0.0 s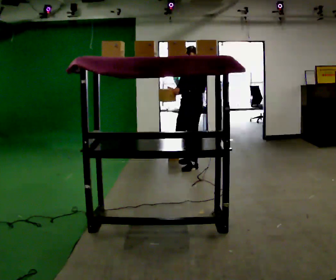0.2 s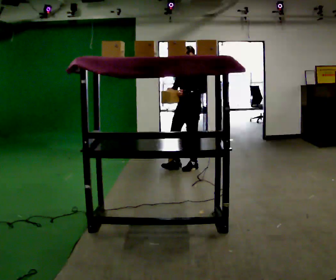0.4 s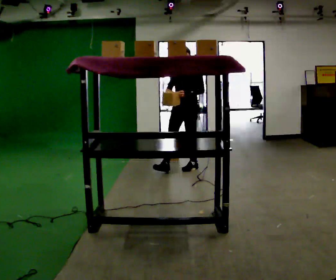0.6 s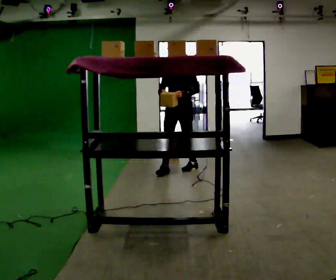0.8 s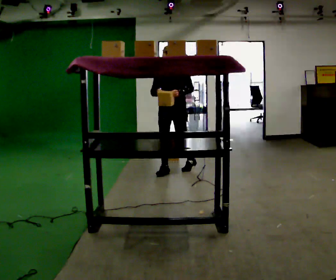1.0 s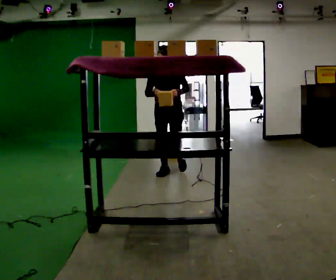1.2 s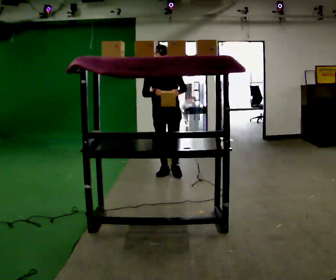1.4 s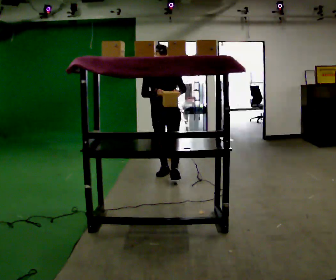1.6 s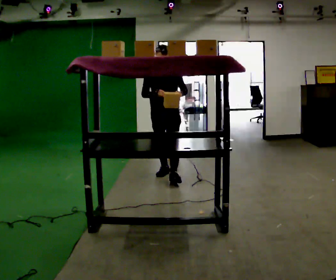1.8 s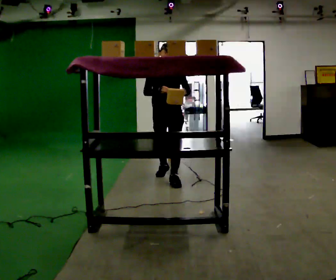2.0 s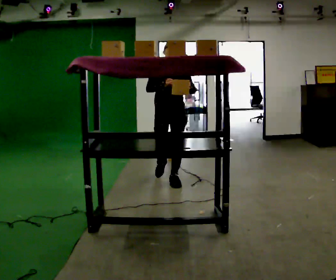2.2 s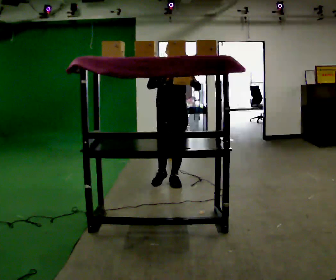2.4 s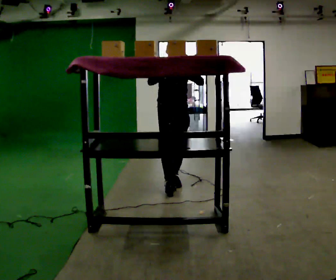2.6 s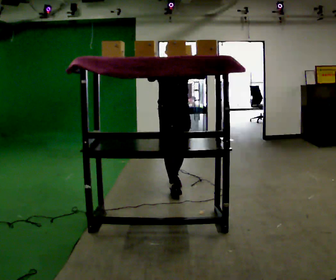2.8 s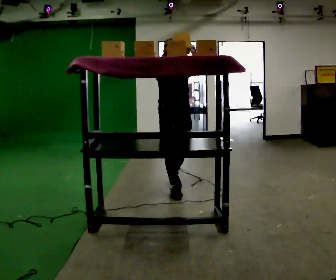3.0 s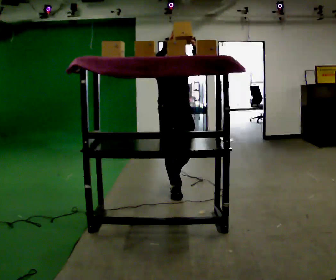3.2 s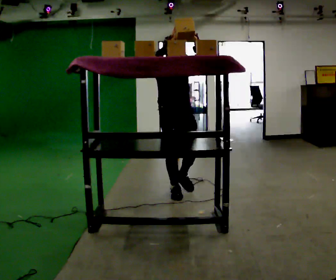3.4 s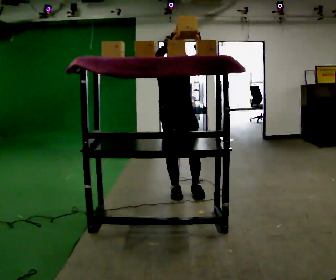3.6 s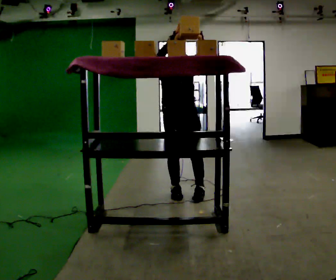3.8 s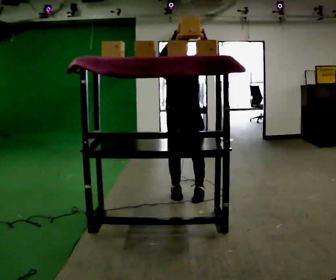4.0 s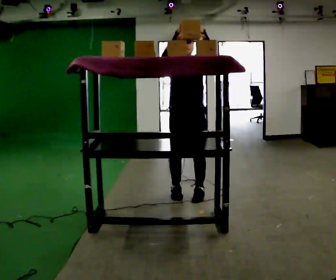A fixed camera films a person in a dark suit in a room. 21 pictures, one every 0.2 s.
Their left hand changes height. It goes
upward.
The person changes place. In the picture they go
toward the camera.
0.0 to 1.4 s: Seen from above the body turns counterclockwise, about 60 degrees: to their left, with its near side sliding to the right. In the picture they go to the left and toward the camera, about 0.5 m in 1 step, which for them is forward and to their right.
1.4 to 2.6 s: In the picture they go toward the camera, about 0.5 m in 2 steps, which for them is forward. In the picture their right hand goes upward.
2.6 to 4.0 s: In the picture they go toward the camera, about 0.5 m in 1 step, which for them is forward.
The film runs forward here.
